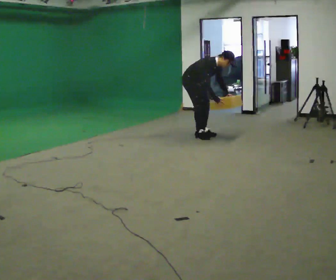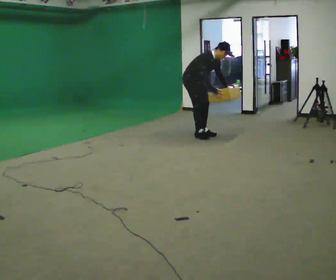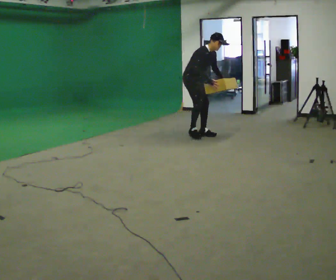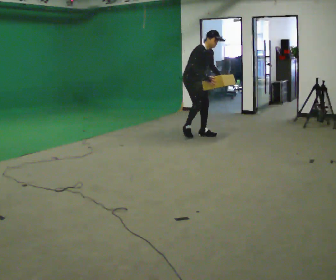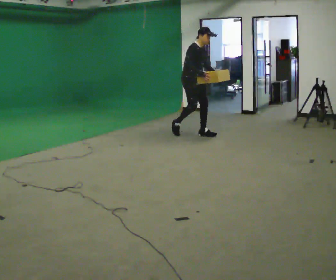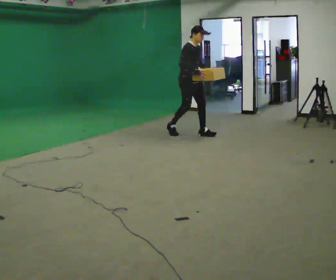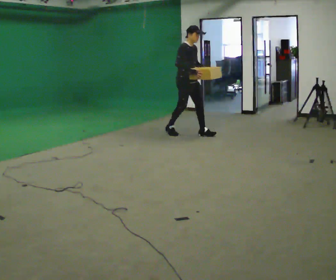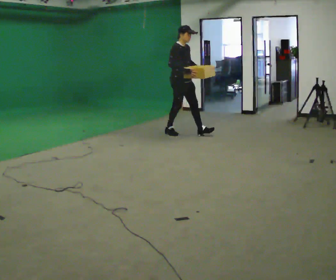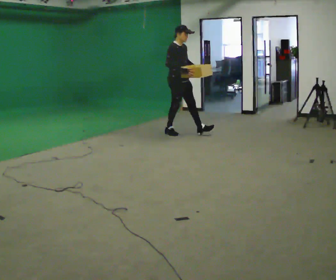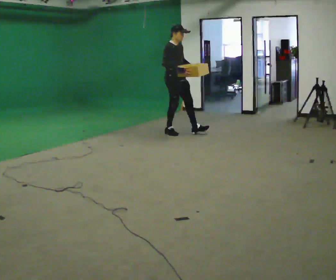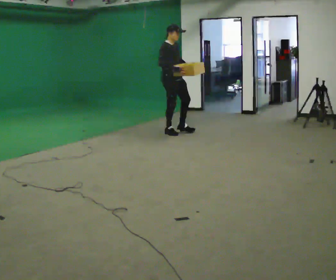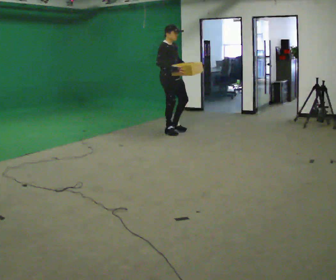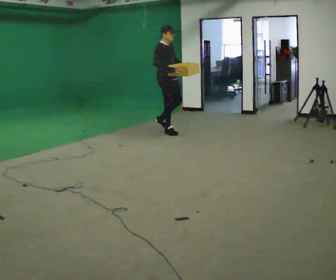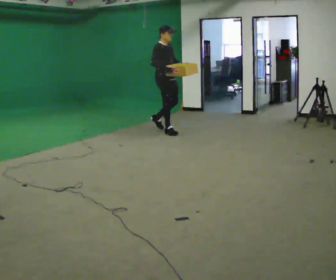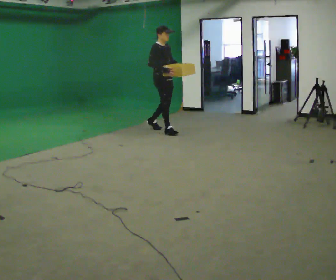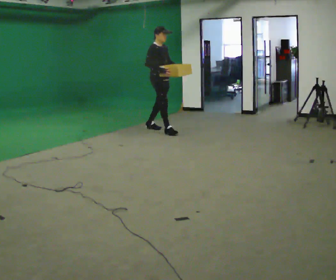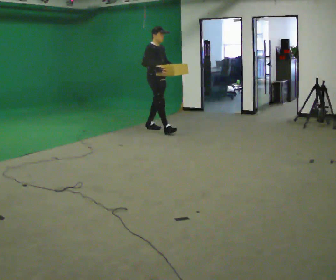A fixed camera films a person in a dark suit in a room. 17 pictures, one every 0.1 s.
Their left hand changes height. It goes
upward.
The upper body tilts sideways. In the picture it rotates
counterclockwise.
0.0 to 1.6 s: In the picture they go to the left and away from the camera, about 0.5 m in 2 steps, which for them is backward. The shoulders move upward. In the picture the upper body tilts counterclockwise, shoulders to the left, as they lean back or straighten. In the picture their left hand goes upward.
The film runs backward here.
